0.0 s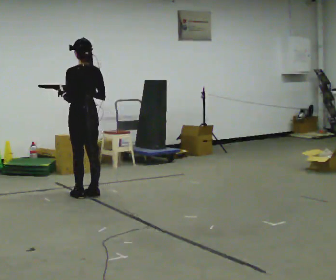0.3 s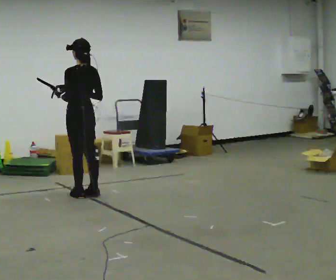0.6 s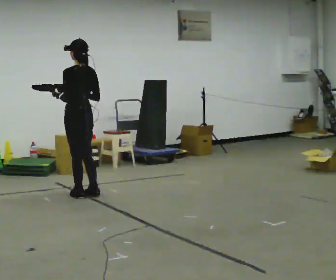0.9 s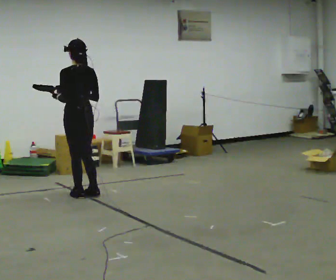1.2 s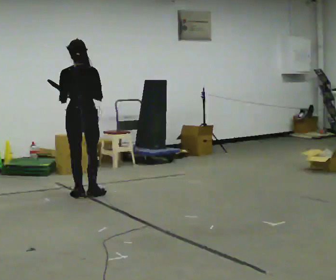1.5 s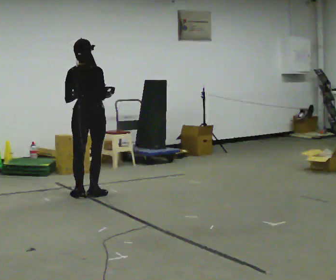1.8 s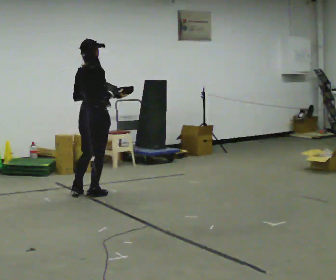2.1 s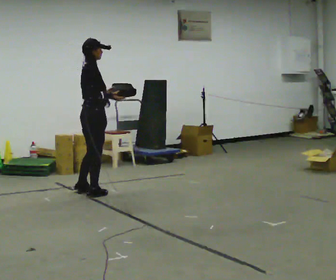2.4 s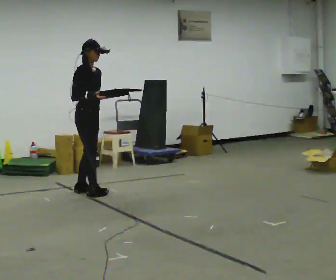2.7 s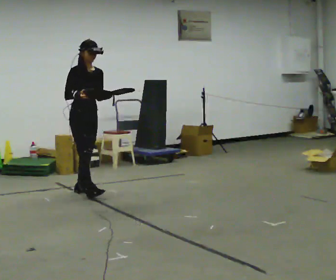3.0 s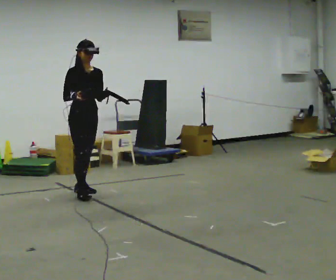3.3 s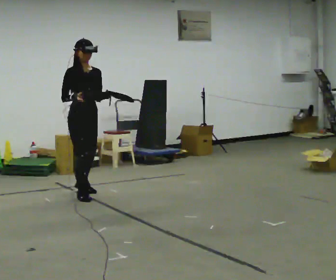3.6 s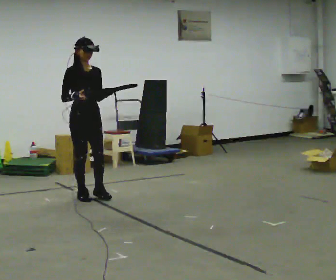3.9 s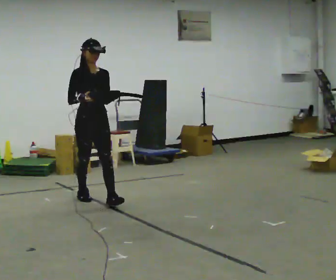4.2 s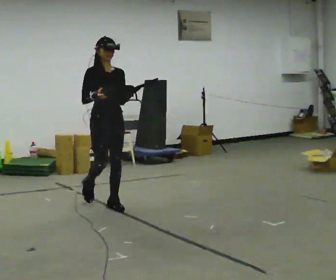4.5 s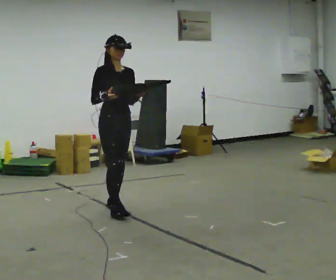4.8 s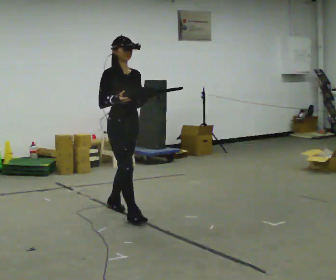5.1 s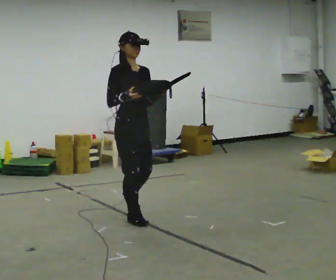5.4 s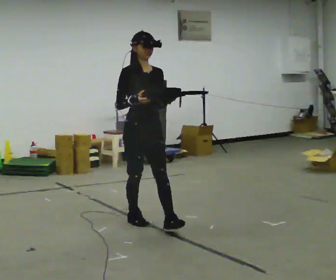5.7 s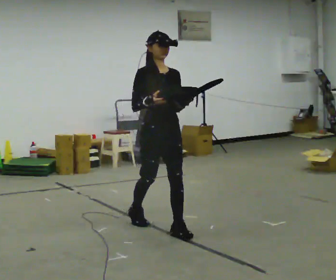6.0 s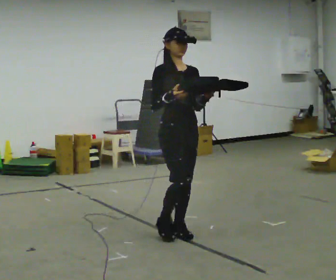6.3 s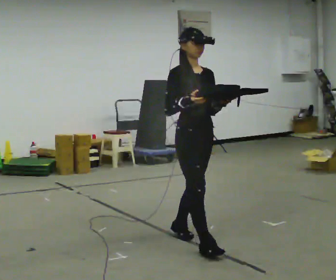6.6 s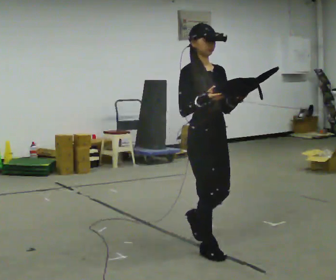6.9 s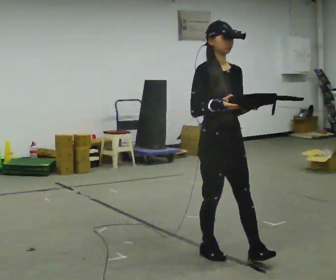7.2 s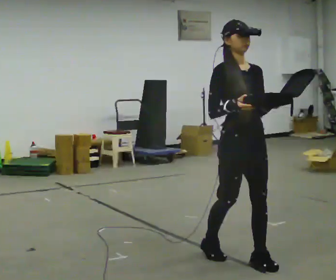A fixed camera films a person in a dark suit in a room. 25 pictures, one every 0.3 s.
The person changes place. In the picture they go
toward the camera.
0.0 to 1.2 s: The part of the body nearest the lens slides to the left as the person turns to their right by about 30 degrees.
1.2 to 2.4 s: The part of the body nearest the lens slides to the left as the person turns to their right by about 120 degrees. In the picture their left hand goes to the right.
2.4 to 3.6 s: The part of the body nearest the lens slides to the left as the person turns to their right by about 30 degrees. In the picture they go toward the camera, about 0.25 m in 1 step, which for them is forward.
3.6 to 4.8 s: In the picture they go toward the camera and to the right, about 1 m in 2 steps, which for them is forward.
4.8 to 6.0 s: In the picture they go toward the camera and to the right, about 1 m in 1 step, which for them is forward.
6.0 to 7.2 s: In the picture they go toward the camera and to the right, about 0.5 m in 2 steps, which for them is forward.
The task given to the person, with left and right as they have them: Carry the object across the room. The lid hangs loose and will swing, so carry it however works. Keep going until the operator says stop; one object at a time, and do not rush between trips.
The film runs forward here.
